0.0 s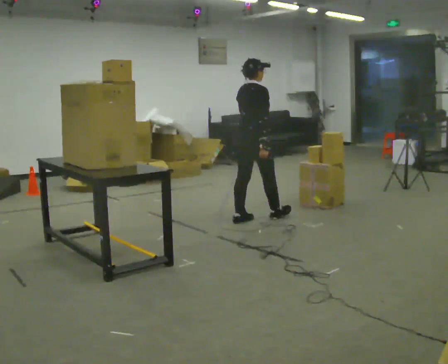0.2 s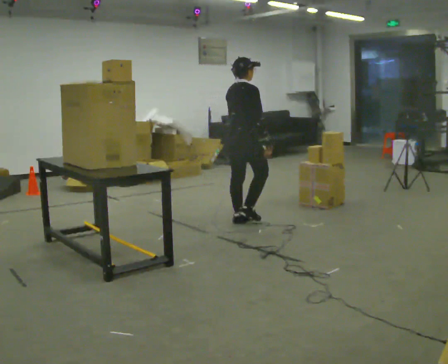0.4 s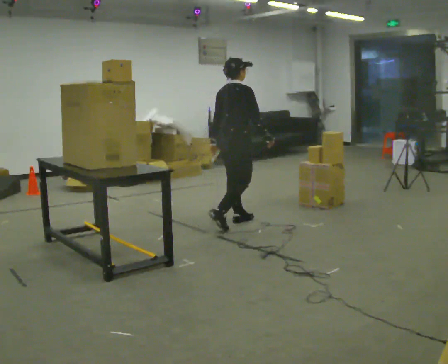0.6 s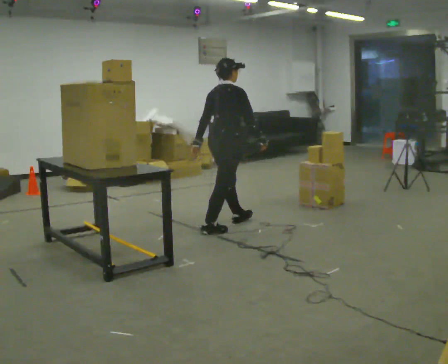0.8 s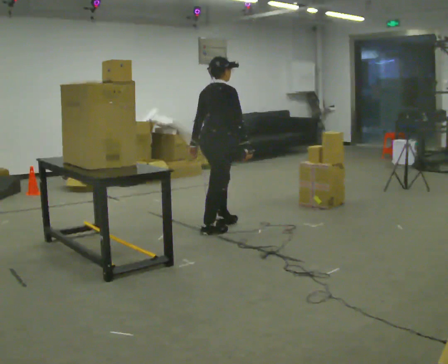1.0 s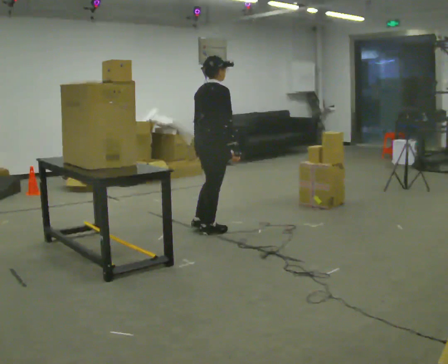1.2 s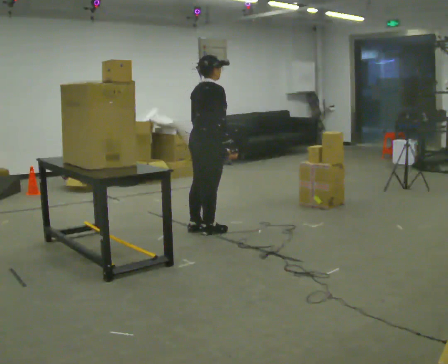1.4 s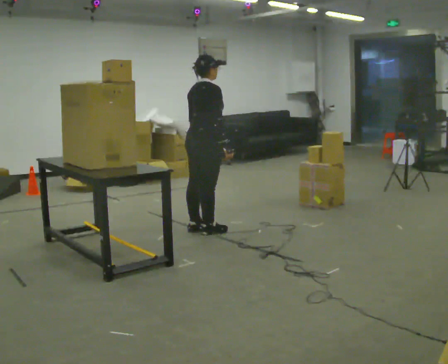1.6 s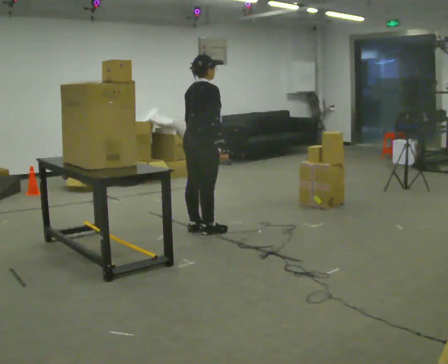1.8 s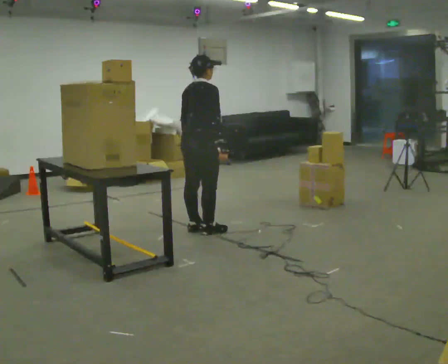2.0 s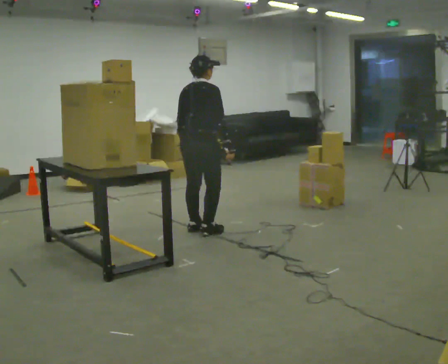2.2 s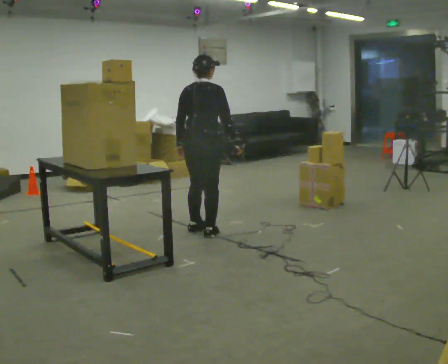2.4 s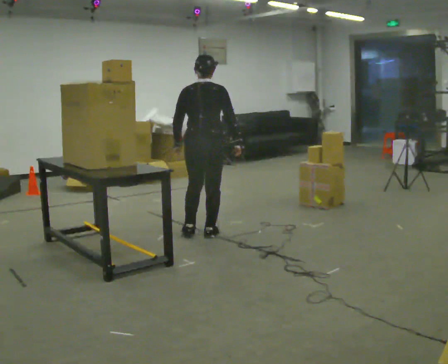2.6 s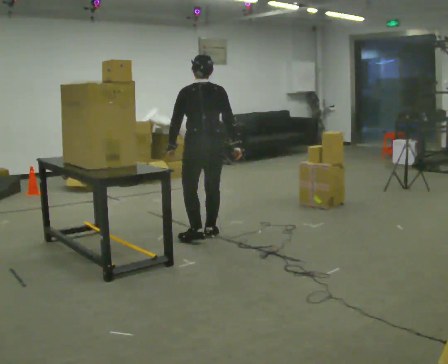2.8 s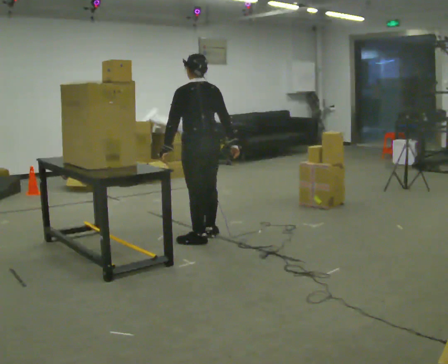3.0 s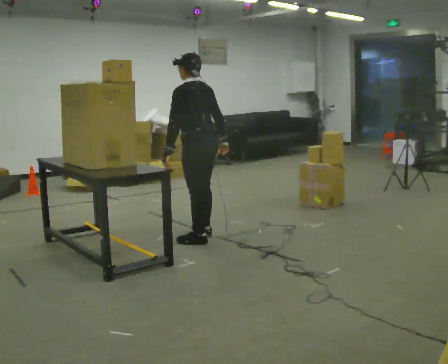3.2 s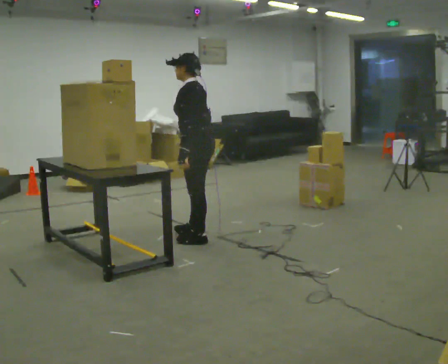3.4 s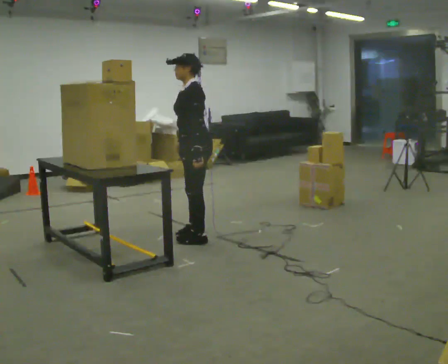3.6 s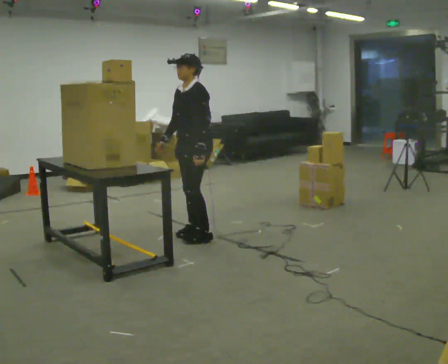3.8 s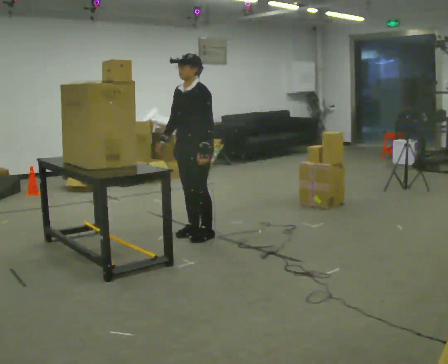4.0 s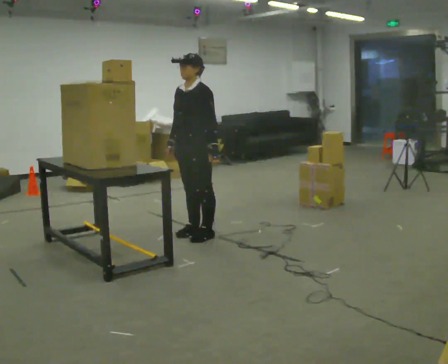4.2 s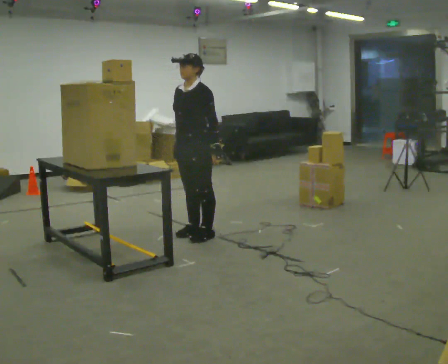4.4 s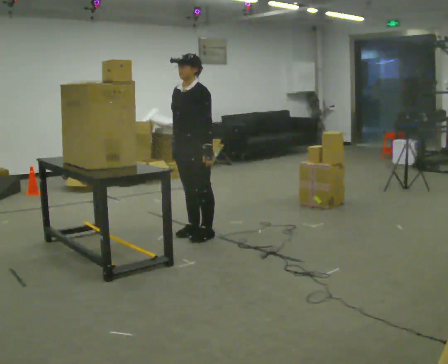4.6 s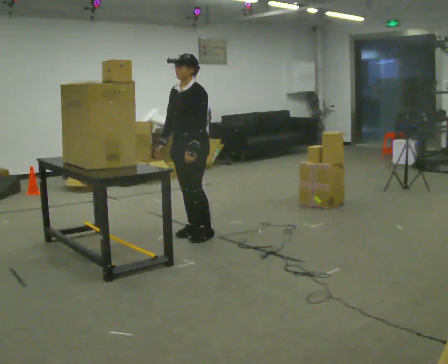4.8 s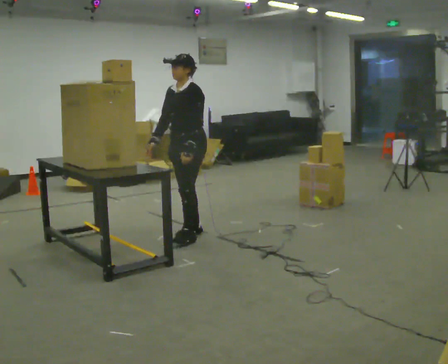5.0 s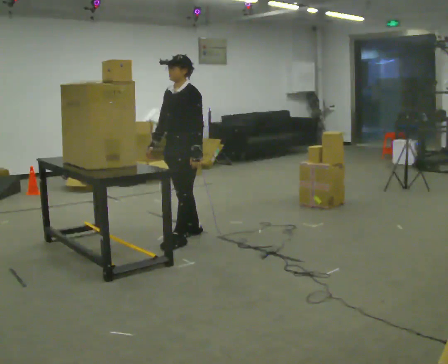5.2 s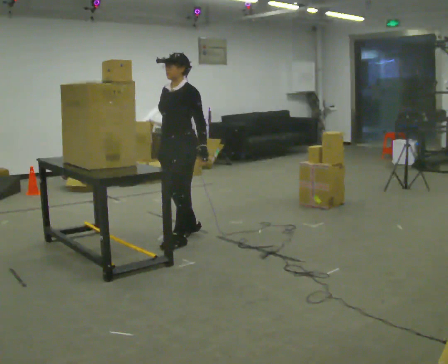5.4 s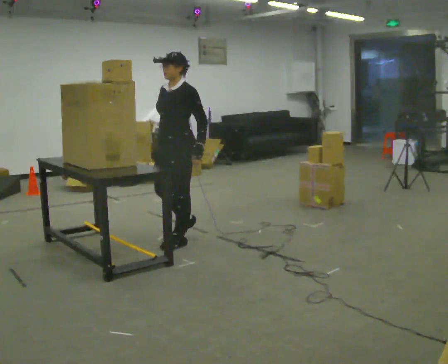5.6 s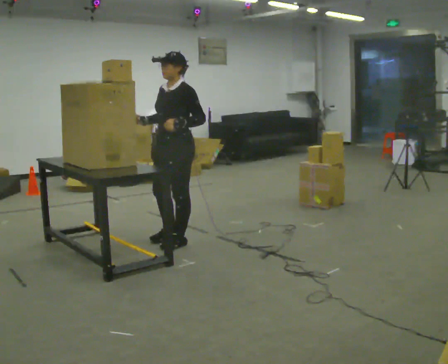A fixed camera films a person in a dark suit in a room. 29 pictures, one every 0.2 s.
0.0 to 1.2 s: In the picture they go to the left and toward the camera, about 0.5 m in 1 step, which for them is backward.
1.2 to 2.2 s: Seen from above the body turns counterclockwise, about 30 degrees: to their left, with its near side sliding to the right.
2.2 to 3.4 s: The part of the body nearest the lens slides to the right as the person turns to their left by about 135 degrees. In the picture they go toward the camera, about 0.25 m in 1 step. In the picture their right hand goes to the left, the arm swinging clockwise.
3.4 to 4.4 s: The part of the body nearest the lens slides to the right as the person turns to their left by about 30 degrees.
4.4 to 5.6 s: In the picture they go toward the camera, about 0.25 m in 2 steps, which for them is forward.
The film runs backward here.
